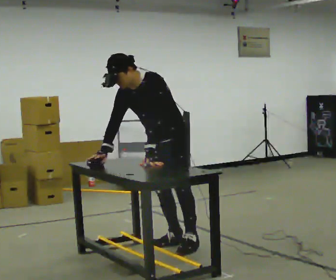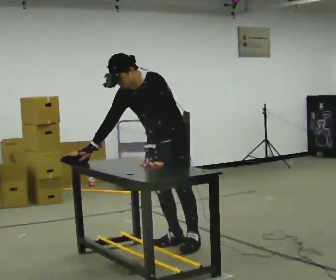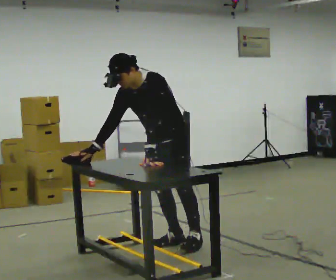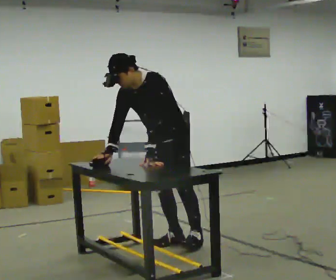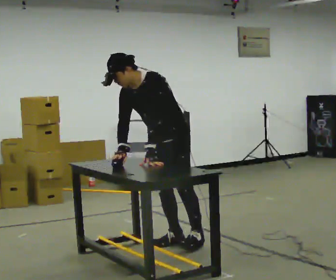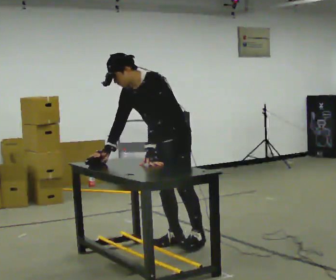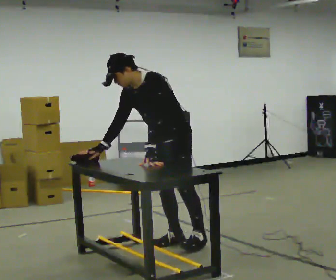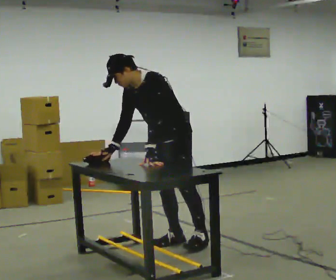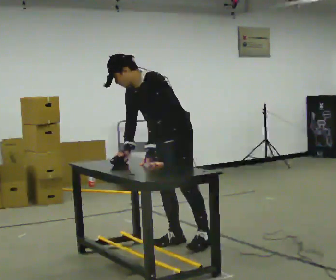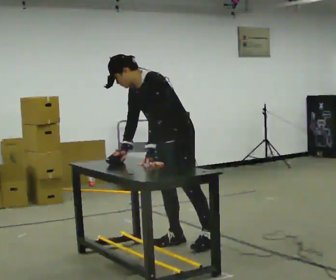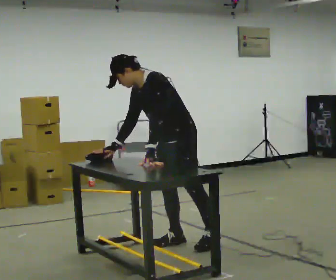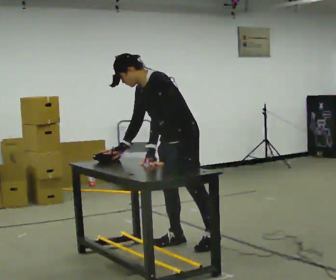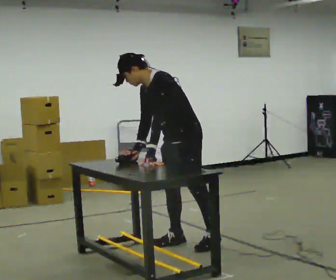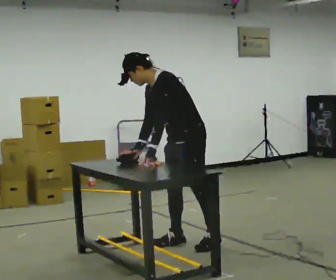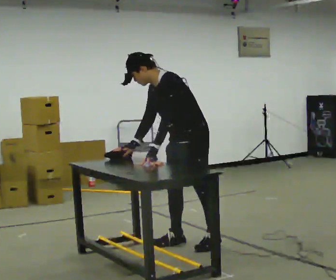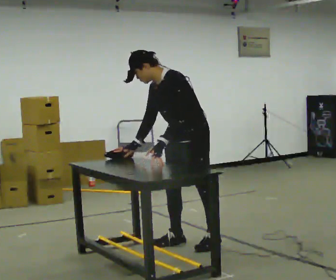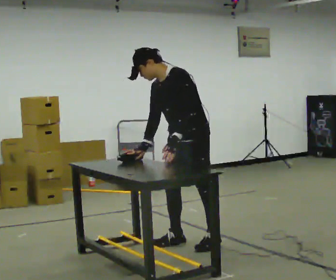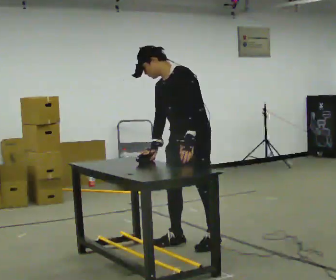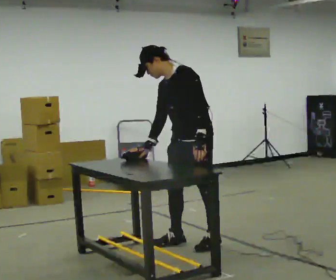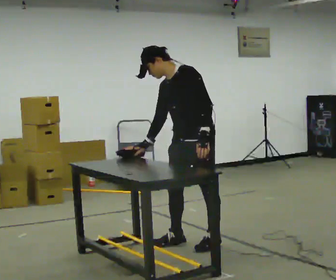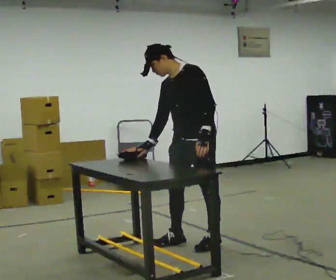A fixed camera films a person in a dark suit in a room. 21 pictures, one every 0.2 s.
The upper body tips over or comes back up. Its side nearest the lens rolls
upward.
0.0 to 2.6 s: In the picture they go to the right, about 0.25 m.
2.6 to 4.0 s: In the picture the upper body tilts clockwise, shoulders to the right, as they lean back or straighten. In the picture their left hand goes to the right.
The film runs forward here.
